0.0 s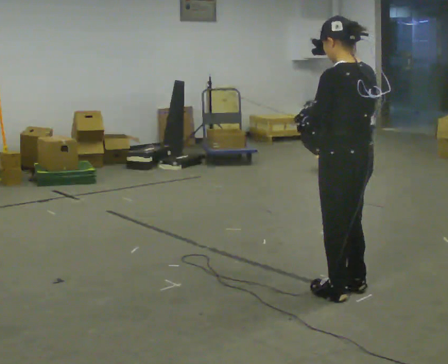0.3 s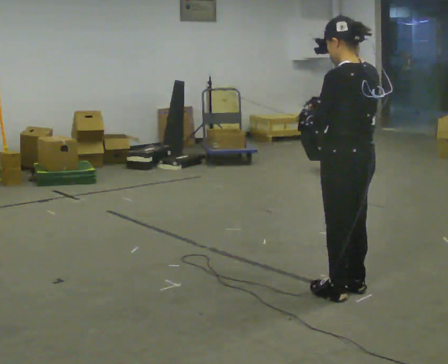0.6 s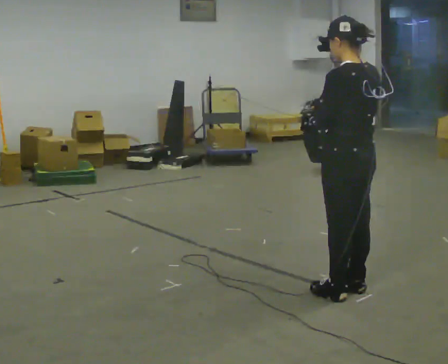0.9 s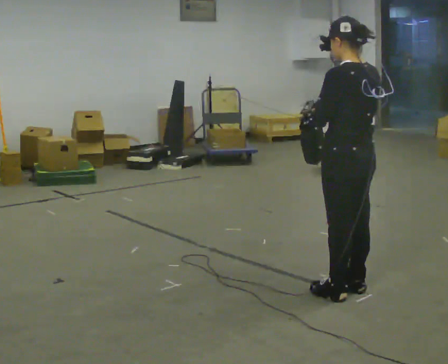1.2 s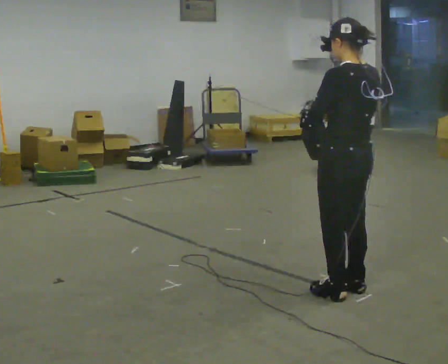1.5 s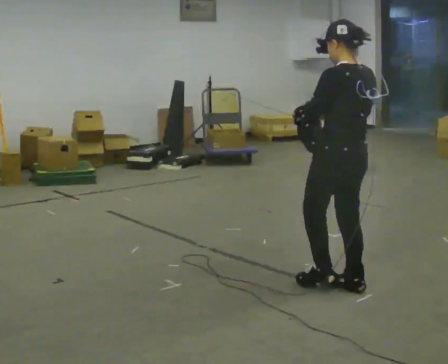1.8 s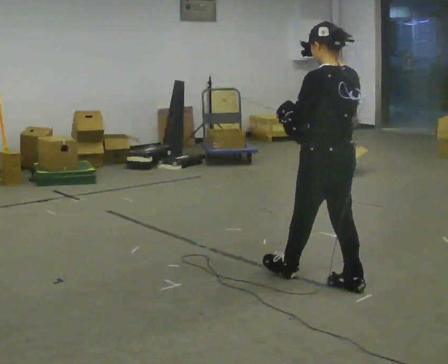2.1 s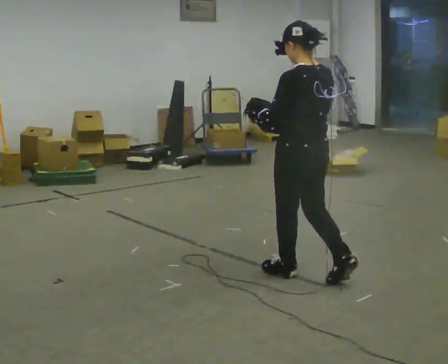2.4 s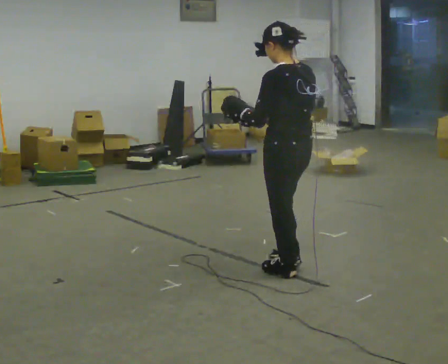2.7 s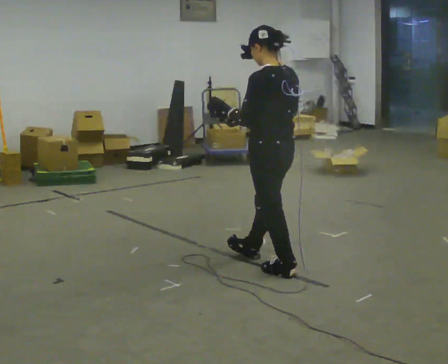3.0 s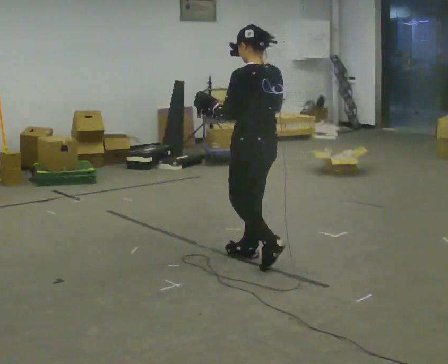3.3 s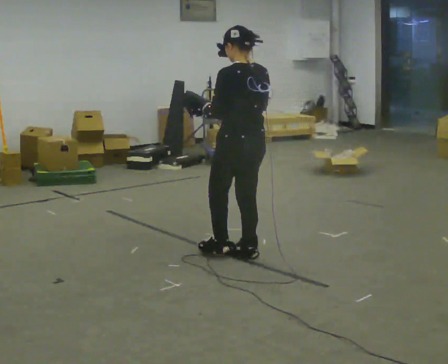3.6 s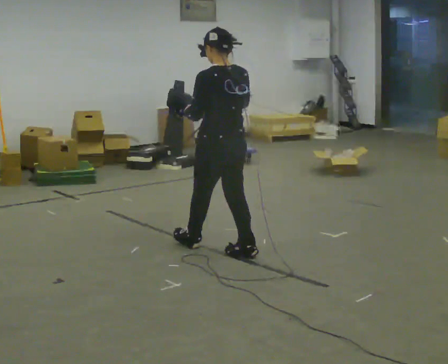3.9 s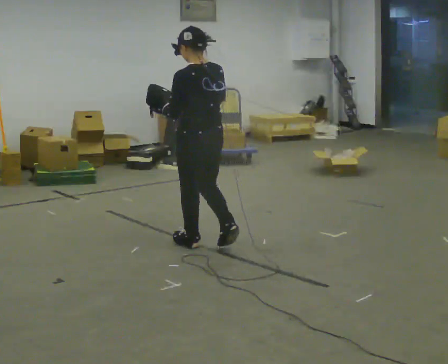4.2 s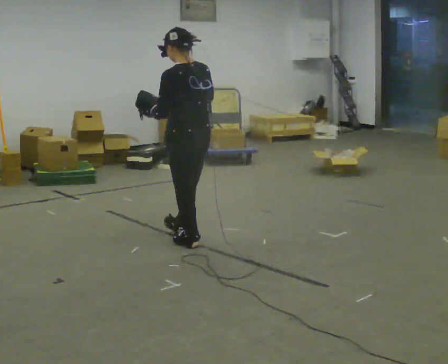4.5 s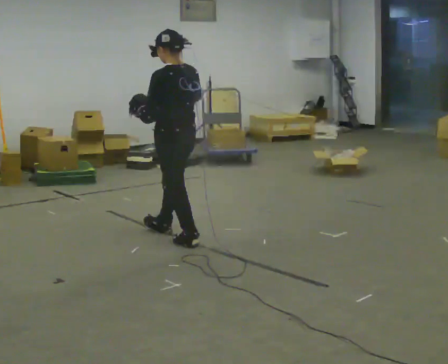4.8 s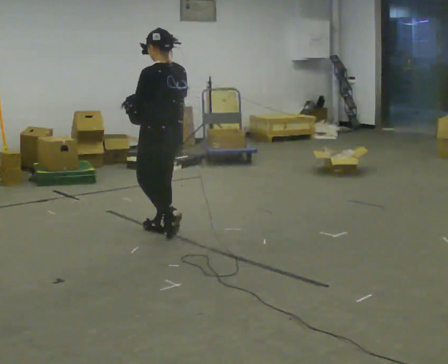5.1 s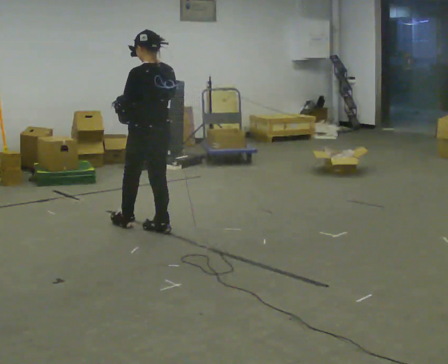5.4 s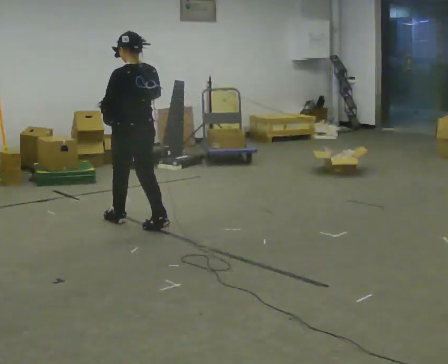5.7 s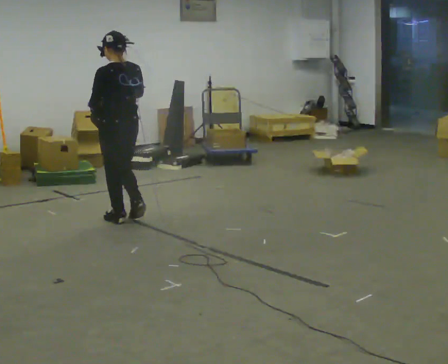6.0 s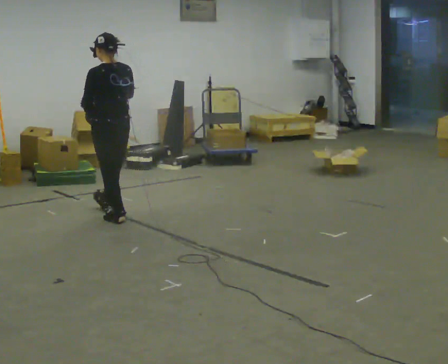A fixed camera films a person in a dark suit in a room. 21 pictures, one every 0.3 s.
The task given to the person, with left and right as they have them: Carry the bag and, while walking, undo the buckle or zip, then do it up again. Keep repeating as you walk. Do not stop.
0.0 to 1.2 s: The person moves a little, or ends about where they began.
1.2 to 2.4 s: In the picture they go away from the camera and to the left, about 0.5 m in 1 step, which for them is forward.
2.4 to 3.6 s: In the picture they go away from the camera and to the left, about 0.5 m in 2 steps, which for them is forward.
3.6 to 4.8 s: In the picture they go away from the camera and to the left, about 0.5 m in 1 step, which for them is forward.
4.8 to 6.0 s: In the picture they go away from the camera and to the left, about 0.5 m in 1 step, which for them is forward.
The film runs forward here.
